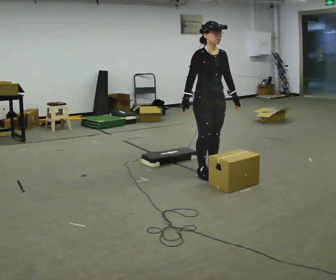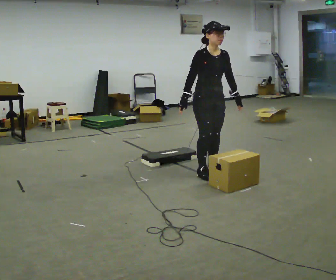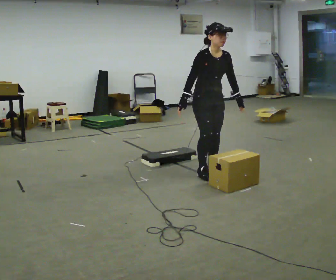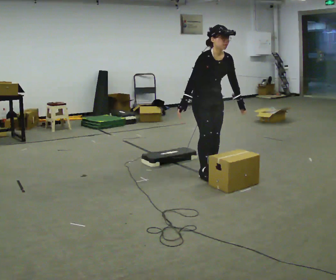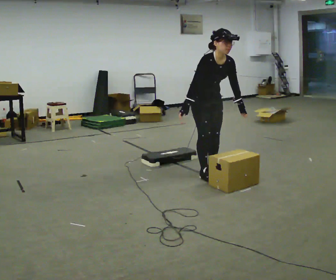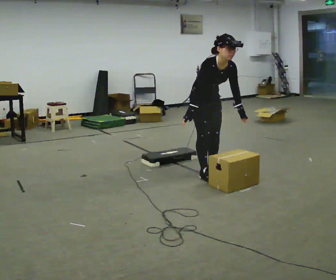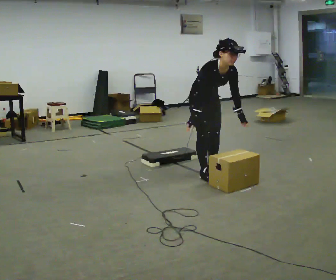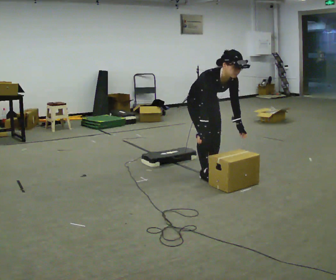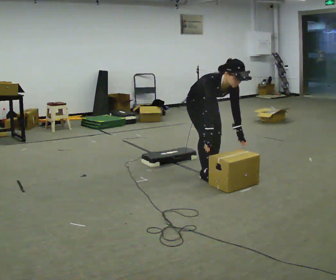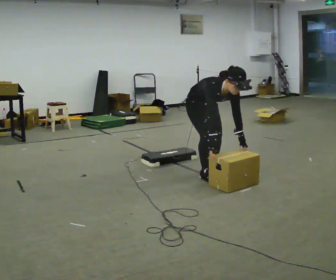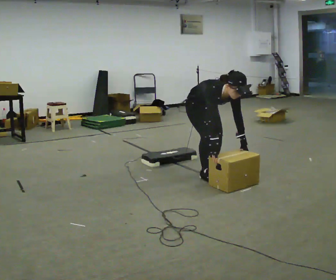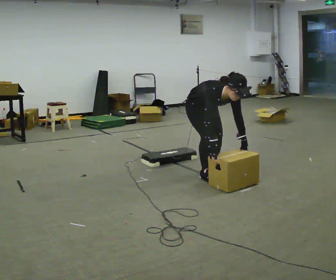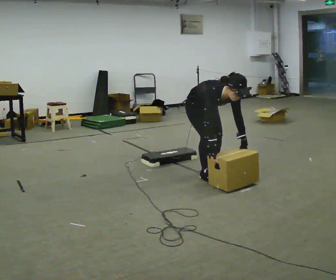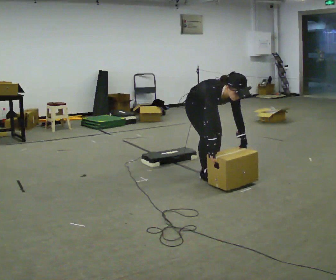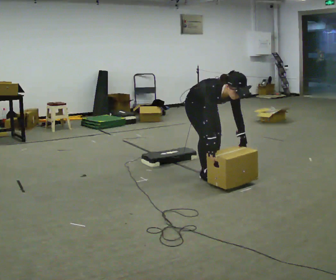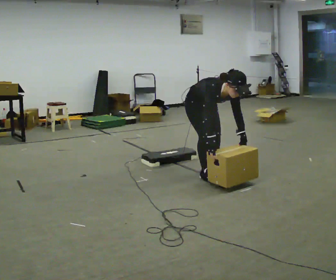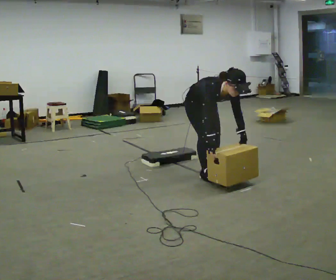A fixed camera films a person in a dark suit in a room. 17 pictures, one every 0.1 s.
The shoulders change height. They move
downward.
0.0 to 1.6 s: The upper body goes downward. The upper body tips toward the camera, its near side rolling downward, as they bend forward. In the picture their right hand goes downward.
The film runs backward here.
